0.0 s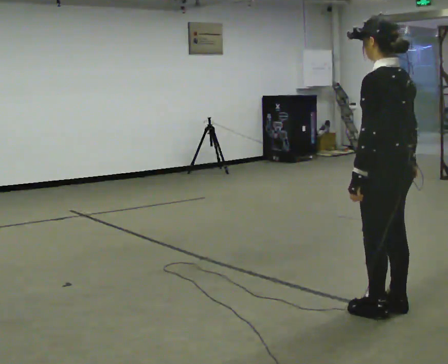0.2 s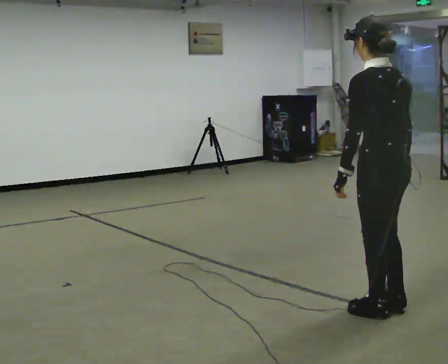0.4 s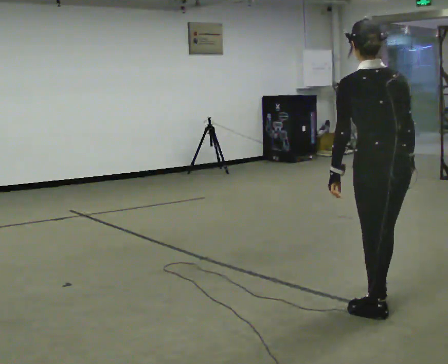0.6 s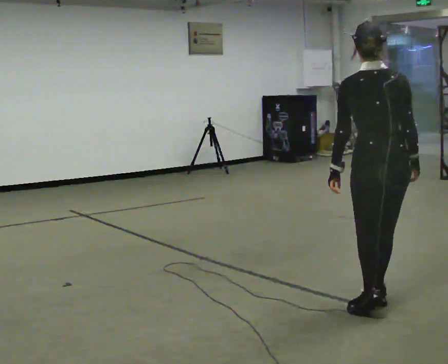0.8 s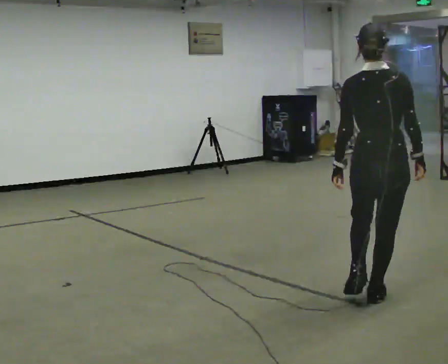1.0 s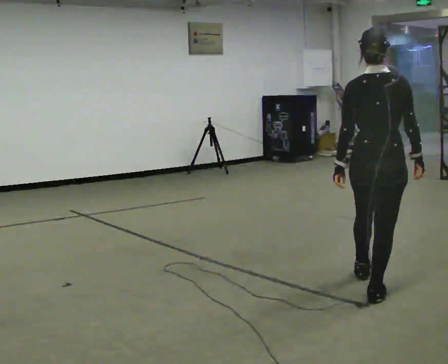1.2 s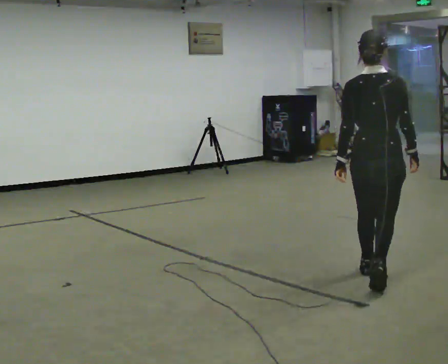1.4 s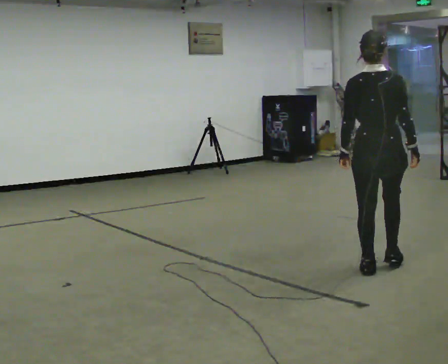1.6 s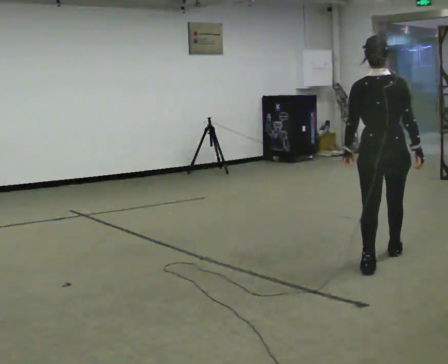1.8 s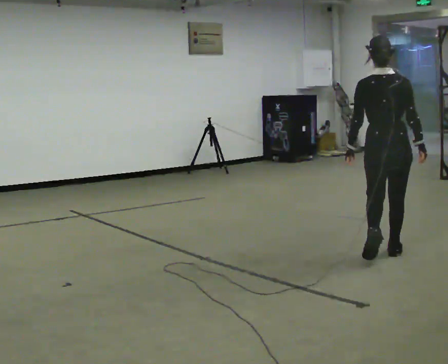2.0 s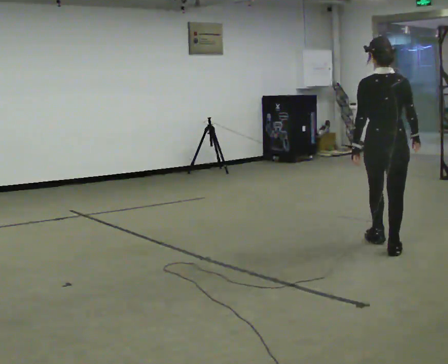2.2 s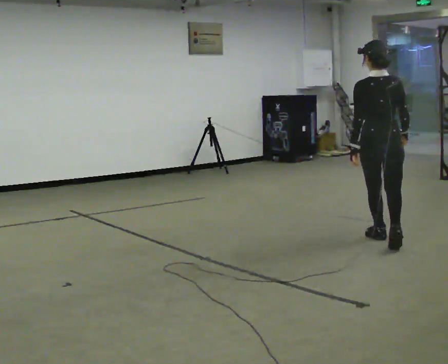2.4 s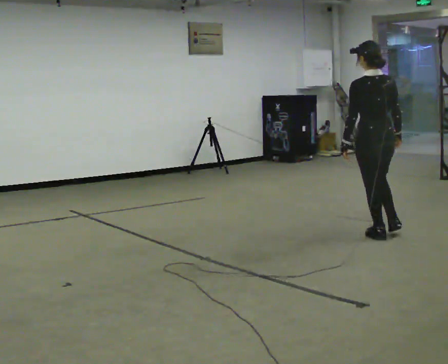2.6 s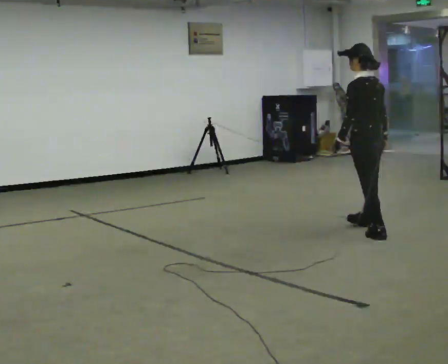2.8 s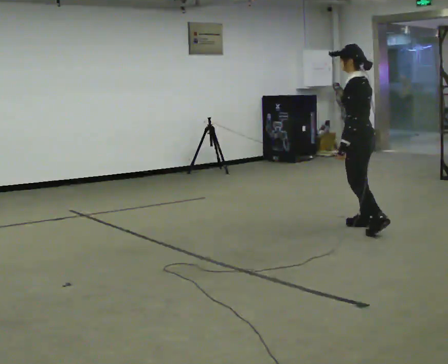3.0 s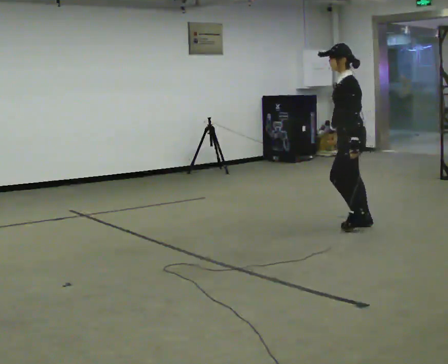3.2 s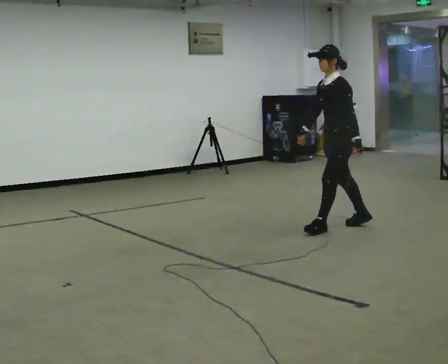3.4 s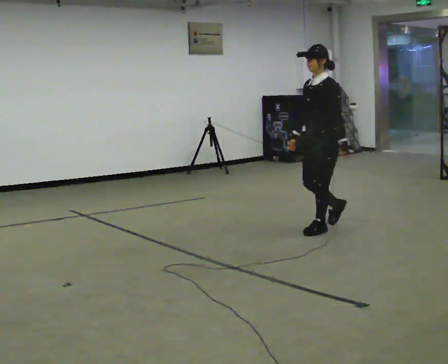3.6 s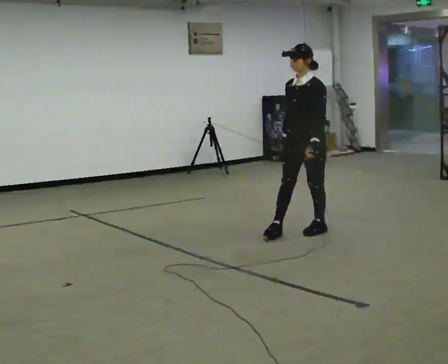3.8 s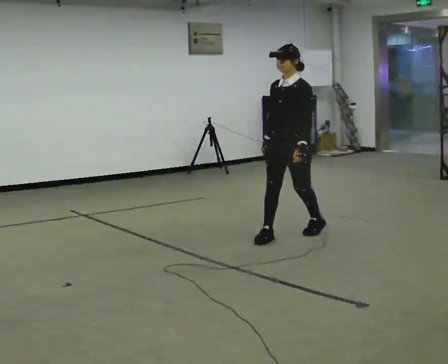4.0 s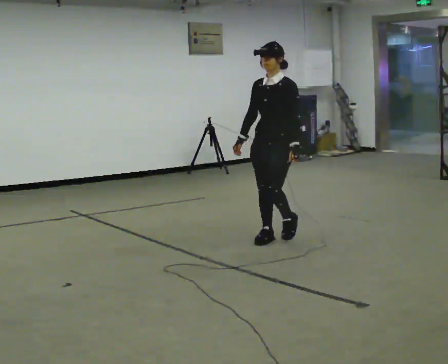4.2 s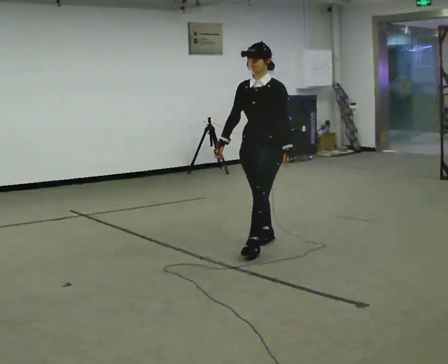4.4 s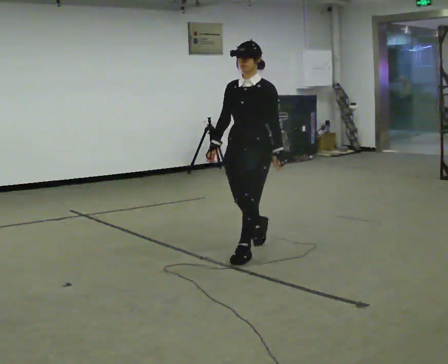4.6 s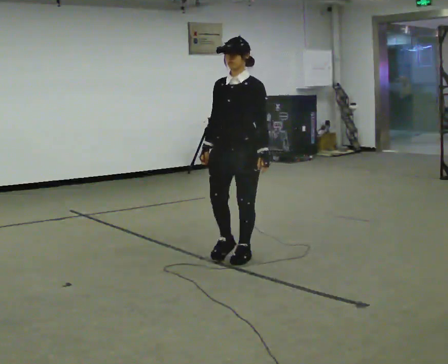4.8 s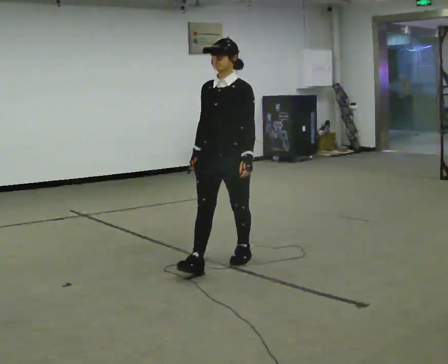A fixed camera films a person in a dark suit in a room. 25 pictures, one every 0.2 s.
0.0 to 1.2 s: The person turns about 60 degrees to their right, clockwise seen from above, so the part of the body nearest the lens slides to the left. In the picture they go away from the camera, about 0.75 m in 2 steps.
1.2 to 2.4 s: The part of the body nearest the lens slides to the right as the person turns to their left by about 45 degrees. In the picture they go away from the camera, about 1 m in 2 steps, which for them is forward.
2.4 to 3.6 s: The person turns about 120 degrees to their left, counterclockwise seen from above, so the part of the body nearest the lens slides to the right. In the picture they go to the left, about 0.5 m in 2 steps.
3.6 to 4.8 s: In the picture they go toward the camera and to the left, about 1 m in 2 steps, which for them is forward.
The film runs forward here.
